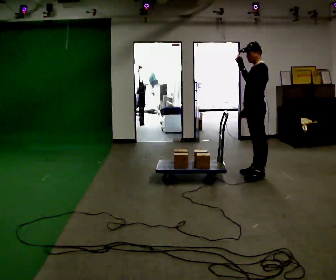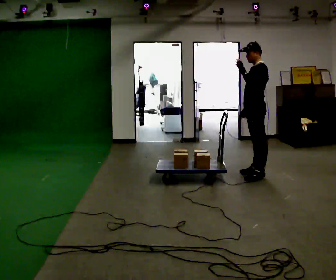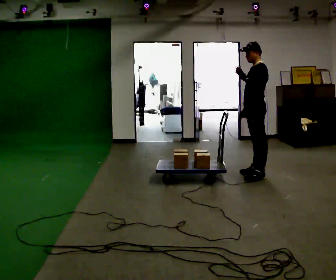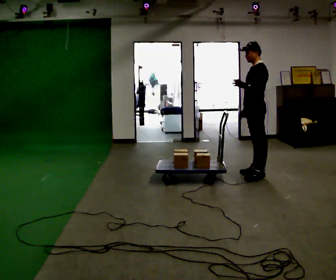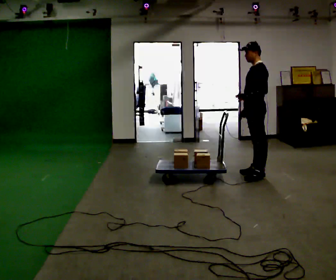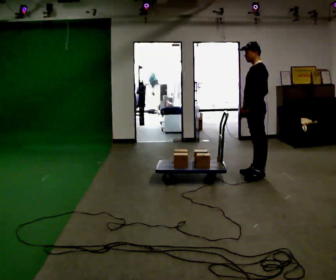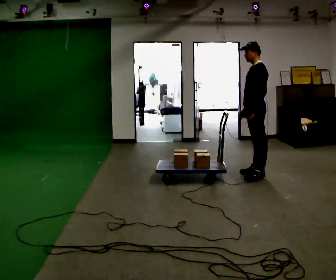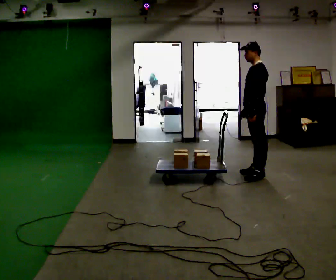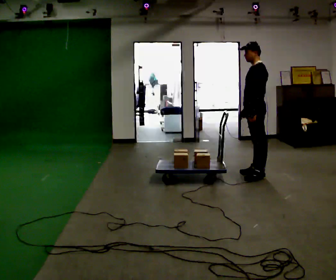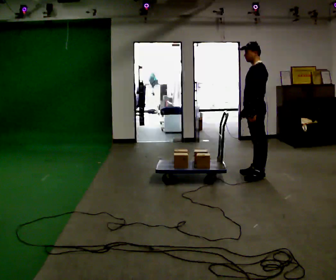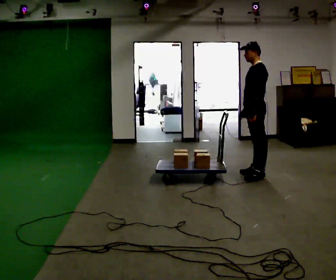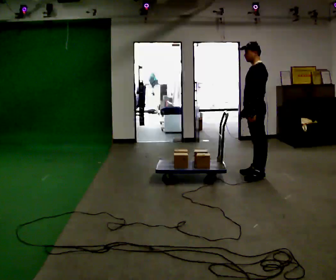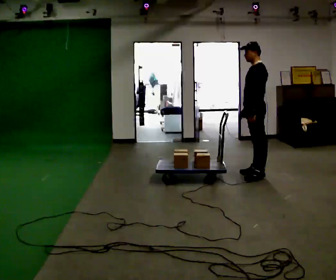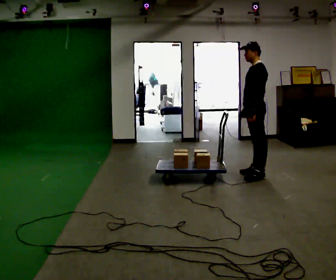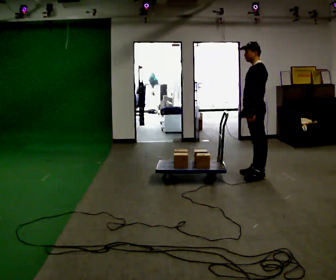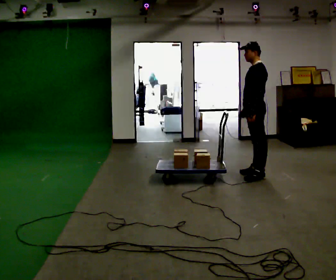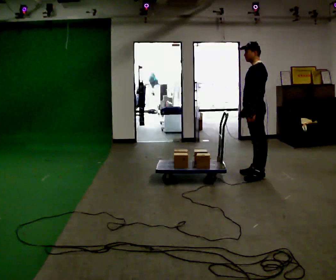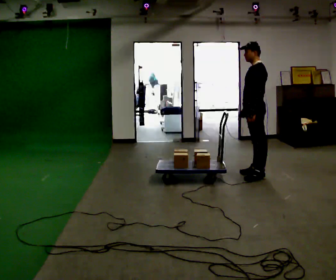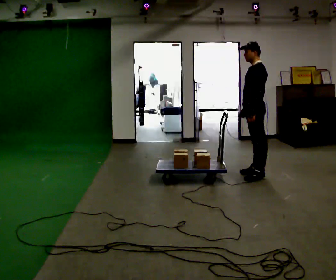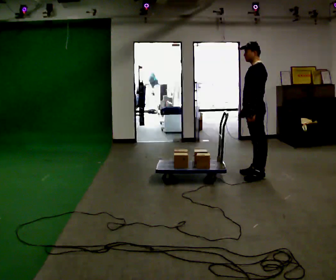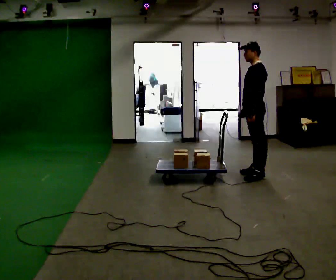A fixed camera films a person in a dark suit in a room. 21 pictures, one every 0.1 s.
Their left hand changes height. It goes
downward.
0.0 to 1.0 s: In the picture their left hand goes downward.
1.0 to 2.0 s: The person keeps their place and pose.
The film runs backward here.
